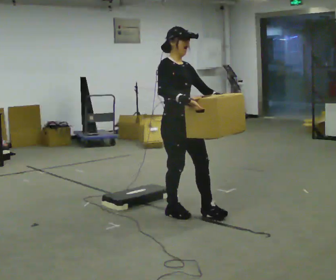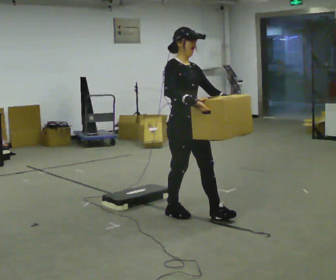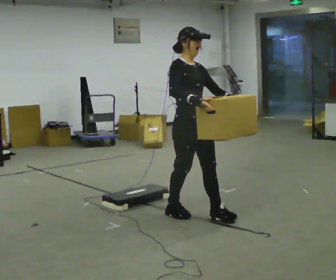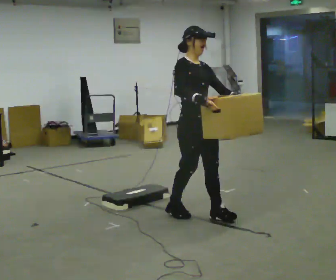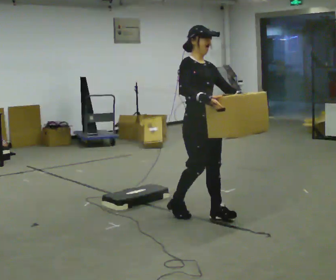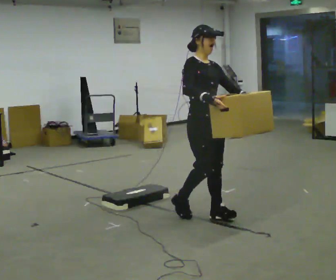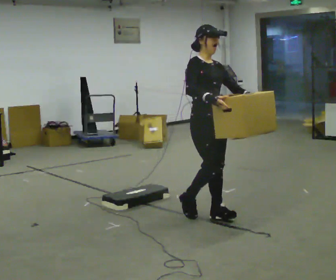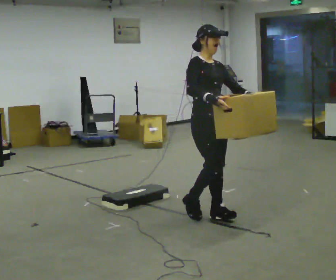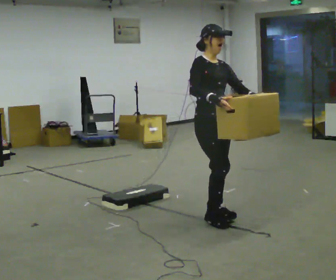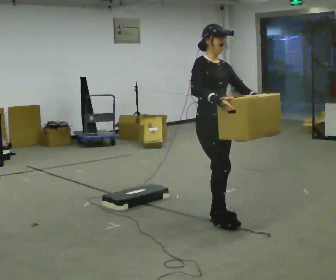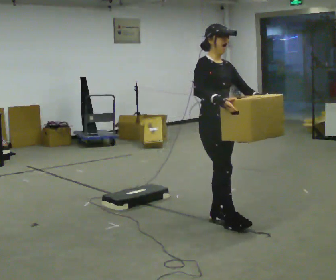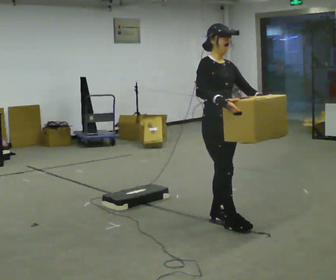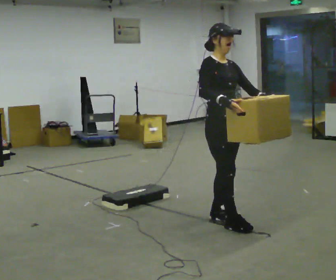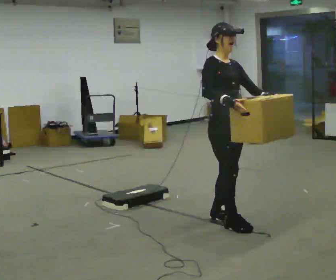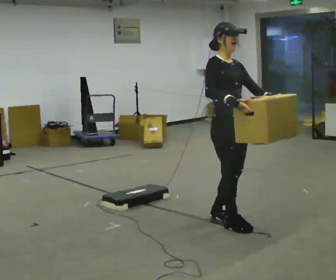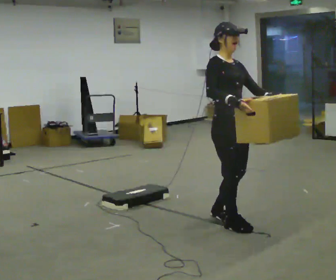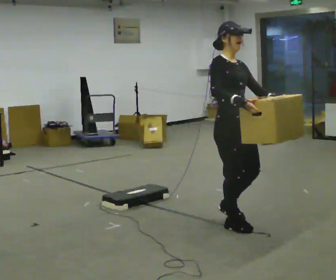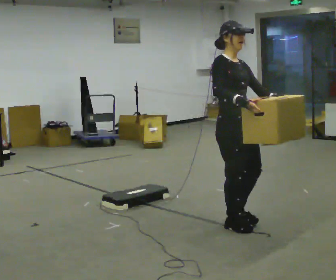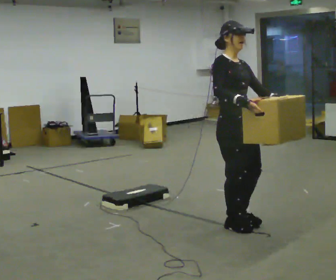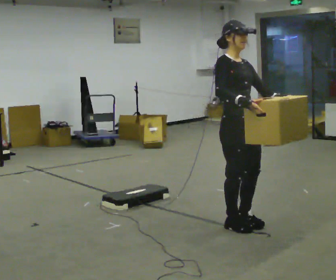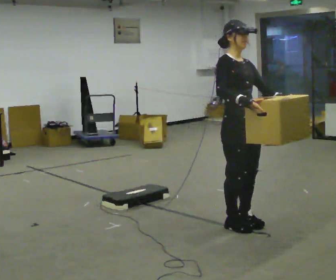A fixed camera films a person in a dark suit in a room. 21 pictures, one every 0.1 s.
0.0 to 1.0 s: In the picture they go to the right, about 0.25 m in 2 steps, which for them is forward and to their left.
1.0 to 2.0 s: In the picture they go to the right and toward the camera, about 0.25 m in 1 step, which for them is forward.
The film runs forward here.
